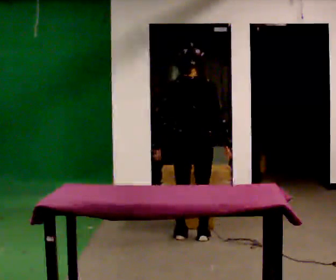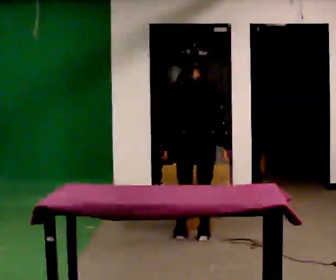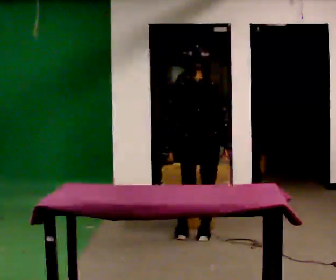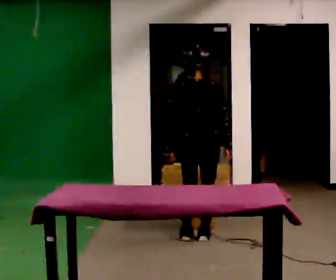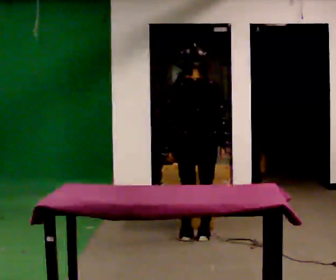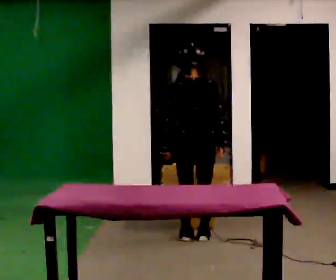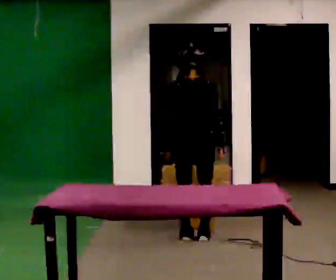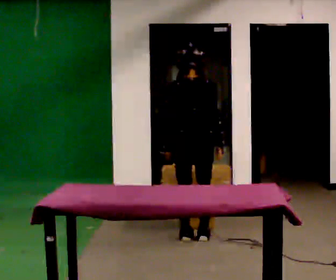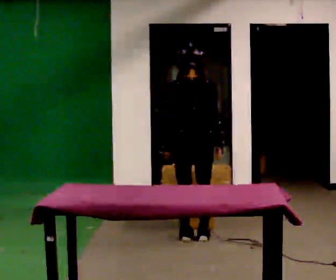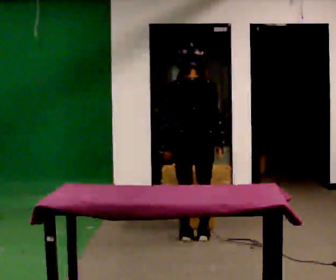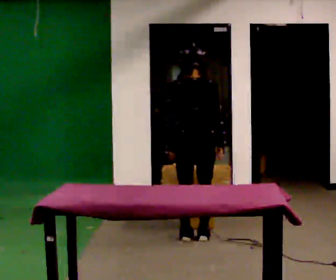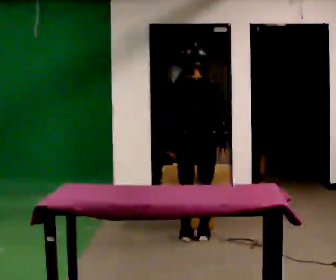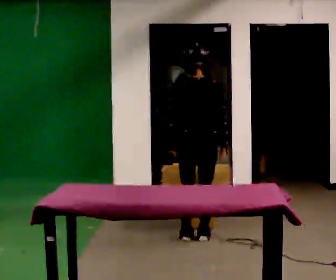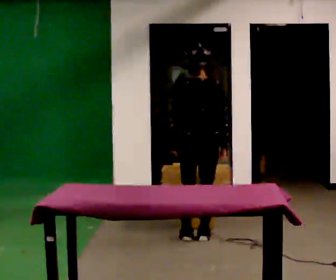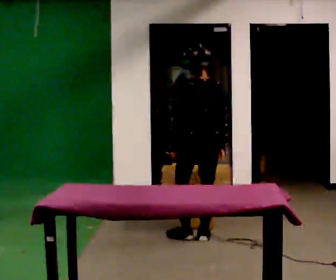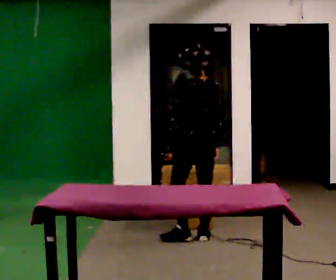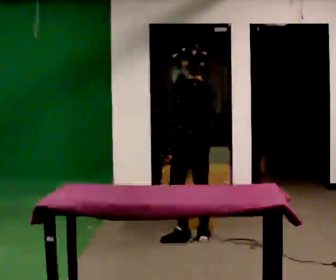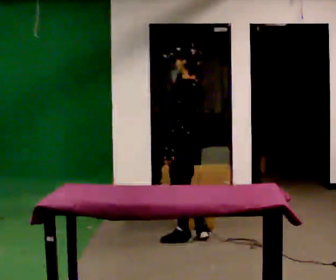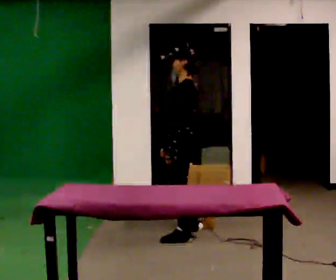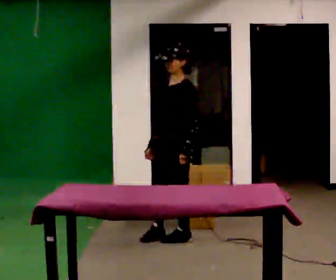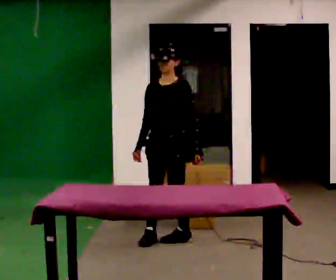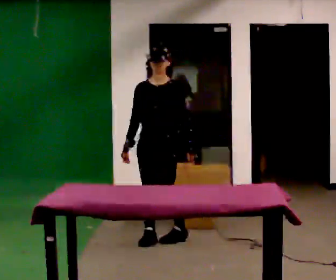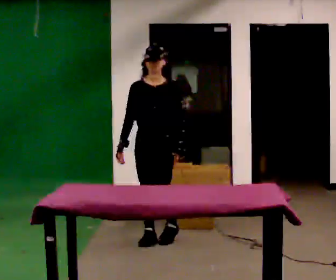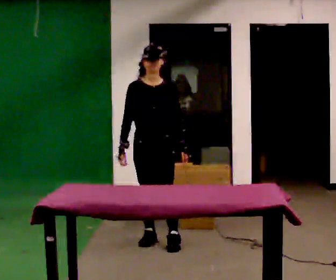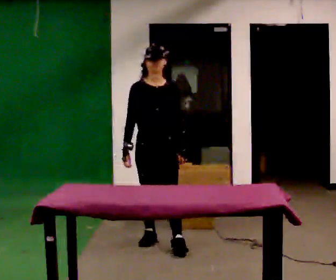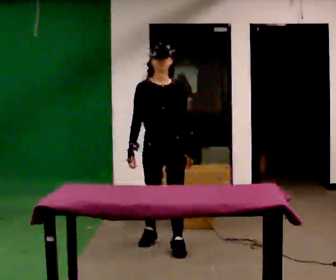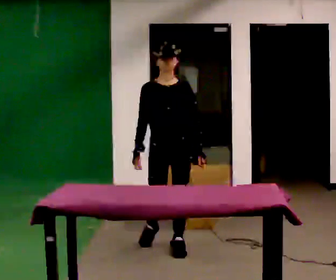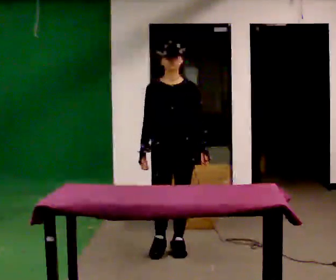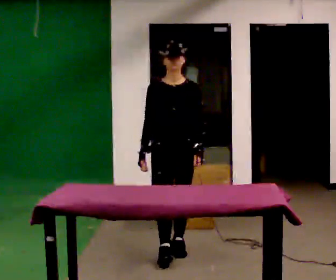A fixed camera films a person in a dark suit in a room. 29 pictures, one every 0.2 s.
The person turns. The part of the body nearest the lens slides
to the right.
The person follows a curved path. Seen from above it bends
counterclockwise.
0.0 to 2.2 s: The person moves a little, or ends about where they began.
2.2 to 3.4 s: The part of the body nearest the lens slides to the right as the person turns to their left by about 75 degrees.
3.4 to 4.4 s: The part of the body nearest the lens slides to the right as the person turns to their left by about 105 degrees. In the picture they go to the left, about 0.25 m in 1 step.
4.4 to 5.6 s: In the picture they go toward the camera and to the right, about 0.5 m in 1 step, which for them is forward.
The film runs forward here.
